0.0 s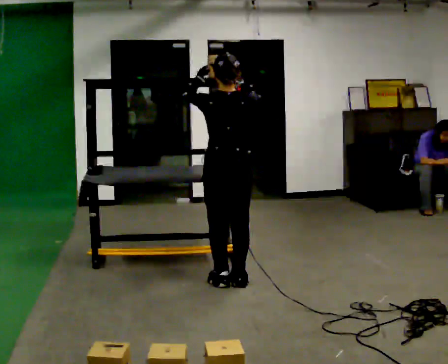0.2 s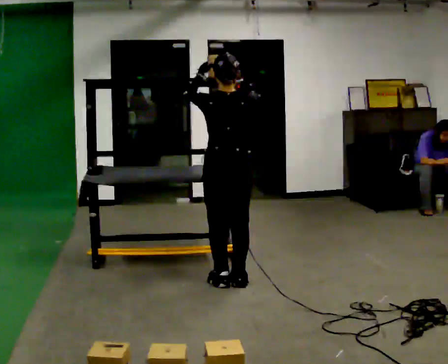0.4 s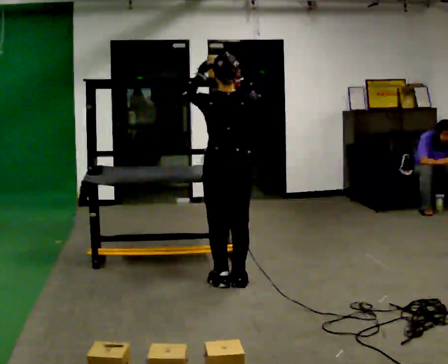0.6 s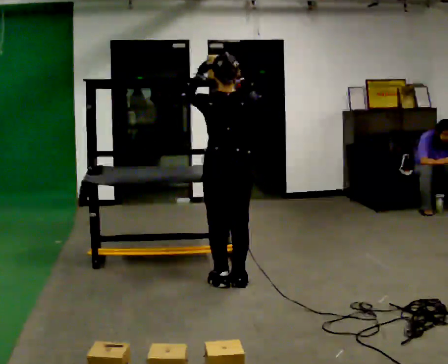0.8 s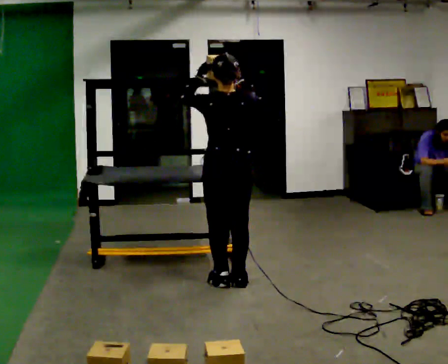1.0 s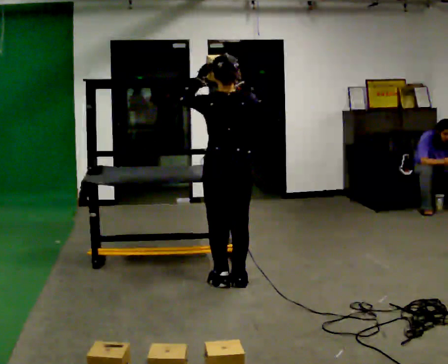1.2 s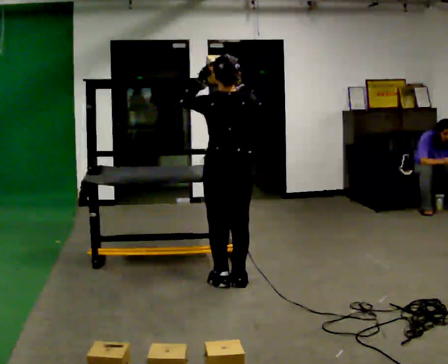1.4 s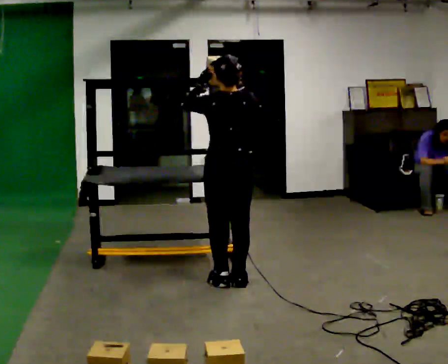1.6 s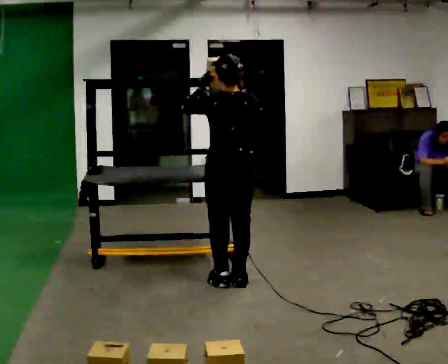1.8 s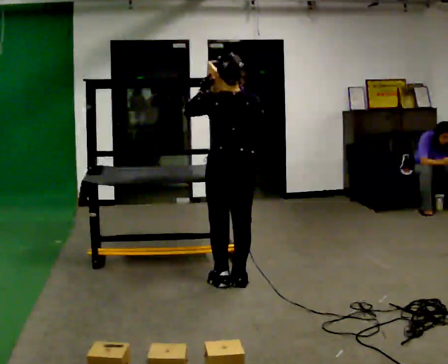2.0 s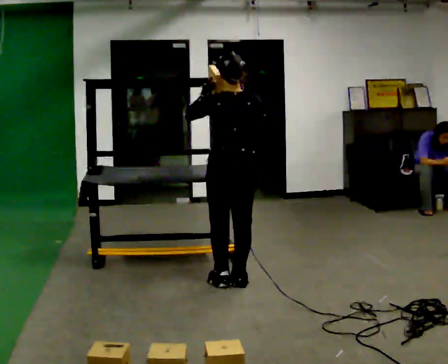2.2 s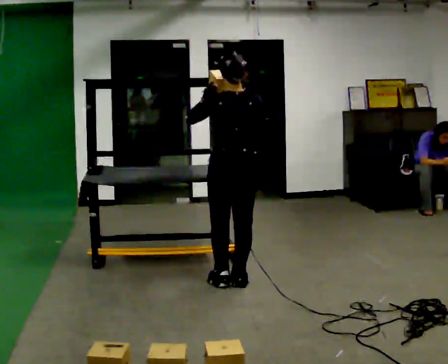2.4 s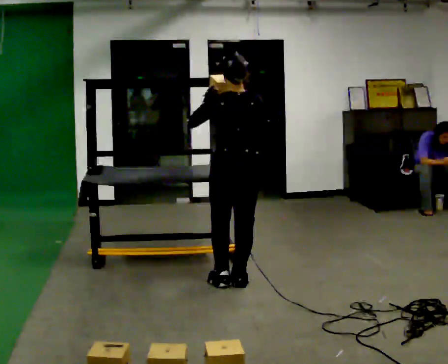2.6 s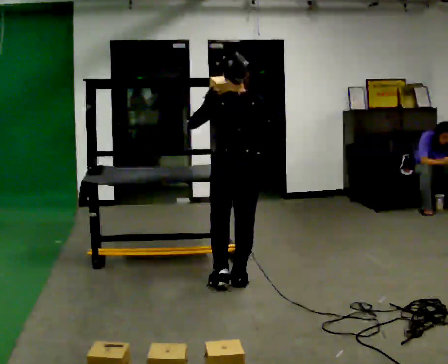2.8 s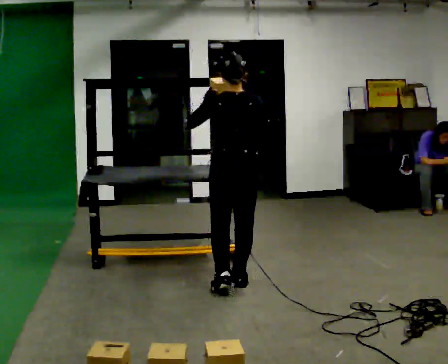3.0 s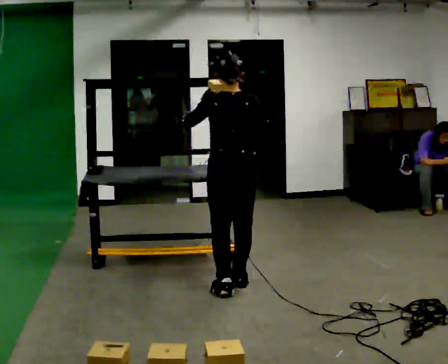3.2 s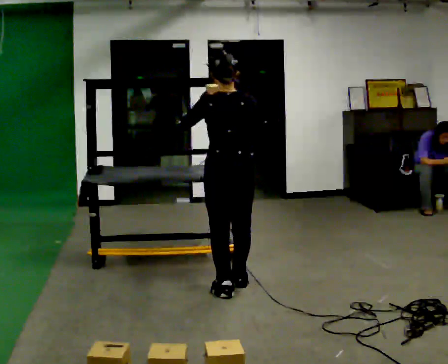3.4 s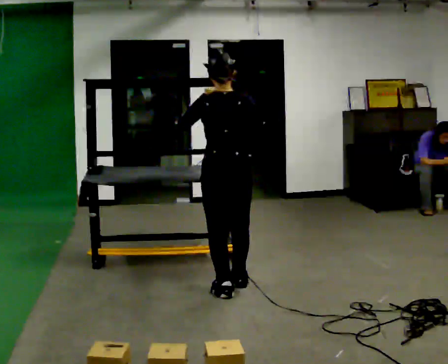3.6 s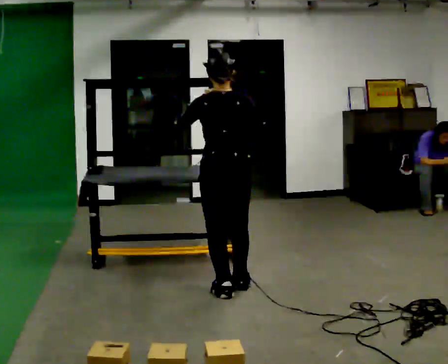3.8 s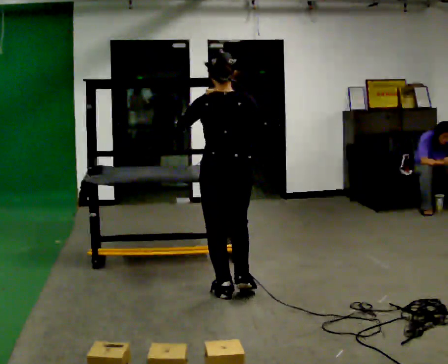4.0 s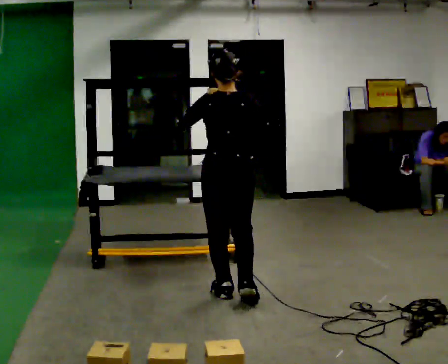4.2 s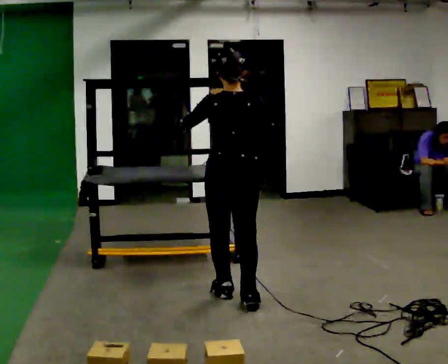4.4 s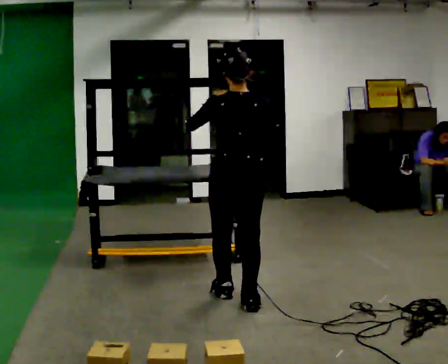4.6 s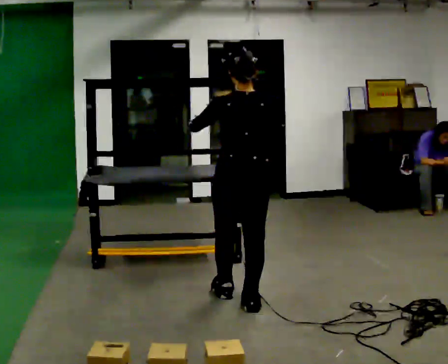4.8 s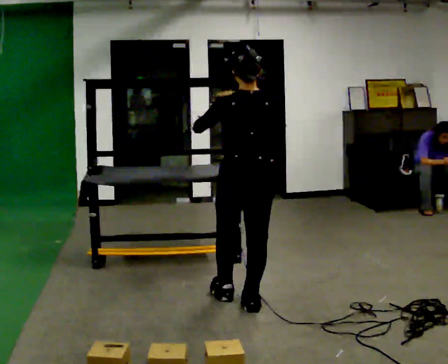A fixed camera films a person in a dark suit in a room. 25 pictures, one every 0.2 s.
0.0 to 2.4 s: The person moves a little, or ends about where they began.
2.4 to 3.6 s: In the picture they go toward the camera, about 0.25 m in 2 steps, which for them is backward.
3.6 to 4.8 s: In the picture they go toward the camera, about 0.25 m in 1 step, which for them is backward and to their right.
The film runs backward here.
